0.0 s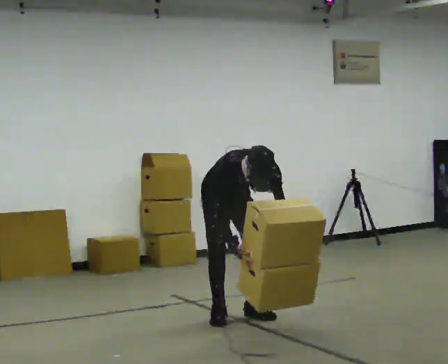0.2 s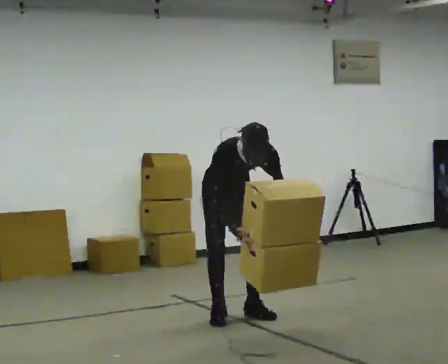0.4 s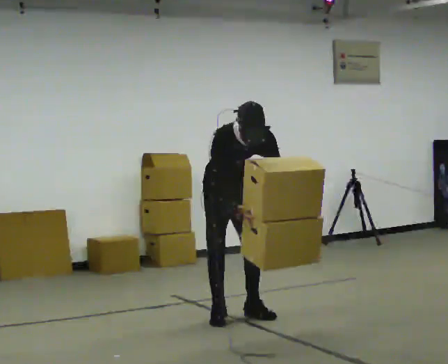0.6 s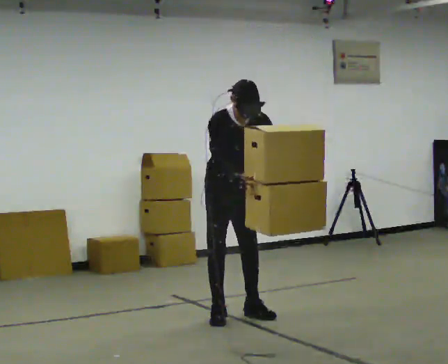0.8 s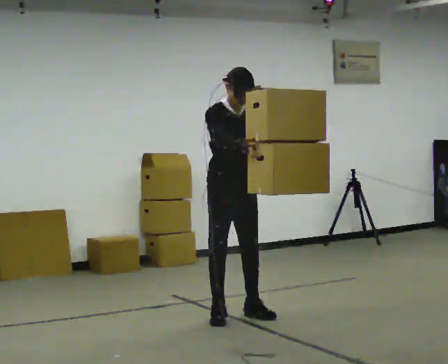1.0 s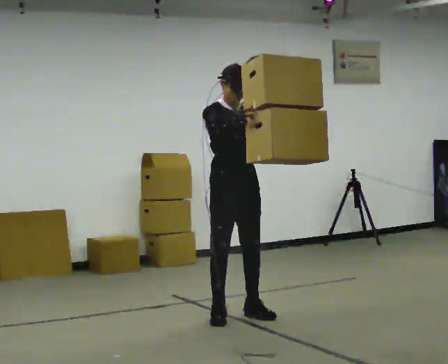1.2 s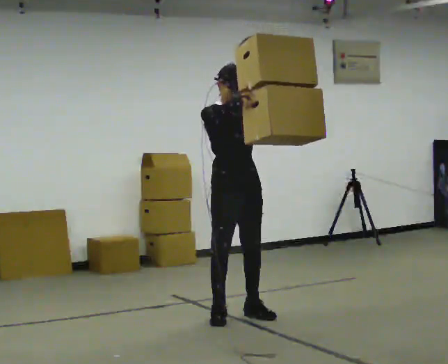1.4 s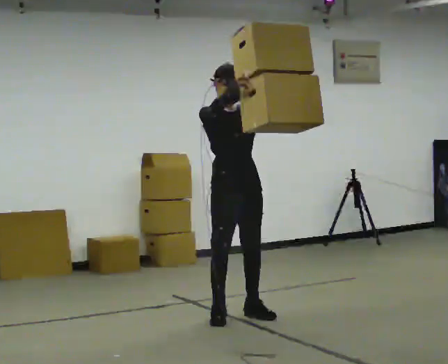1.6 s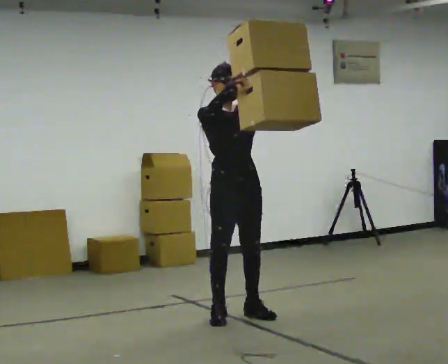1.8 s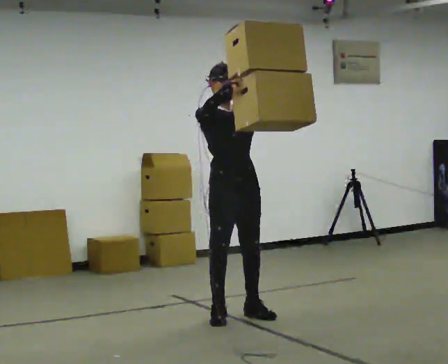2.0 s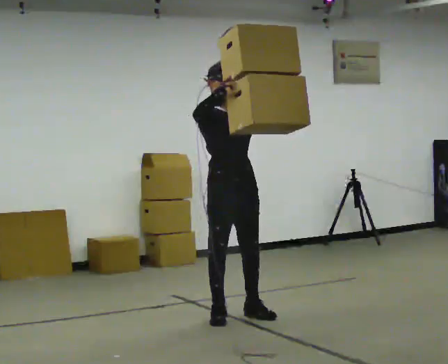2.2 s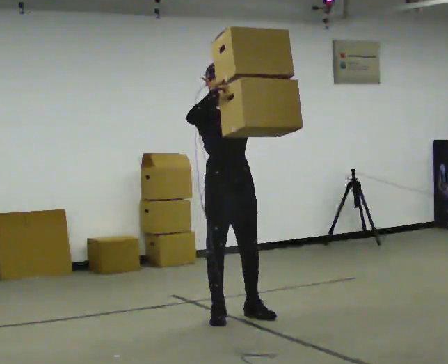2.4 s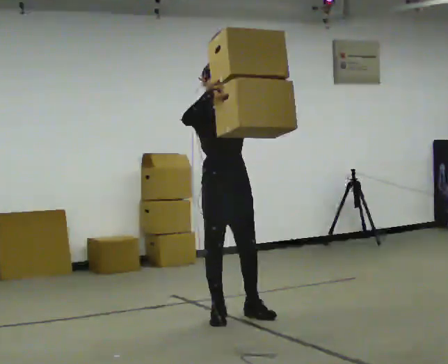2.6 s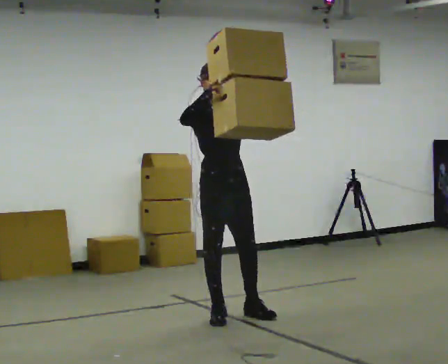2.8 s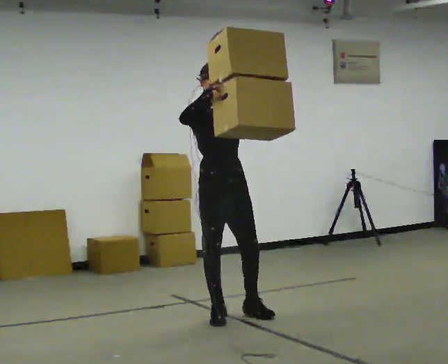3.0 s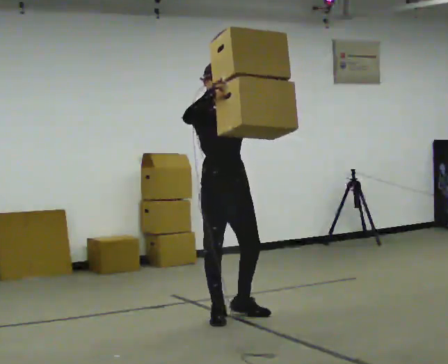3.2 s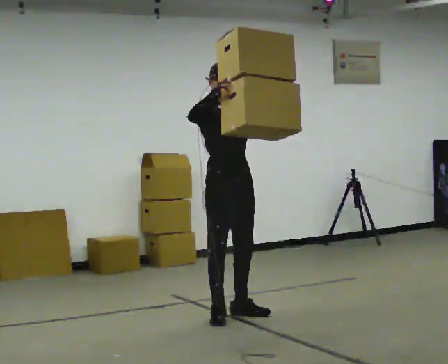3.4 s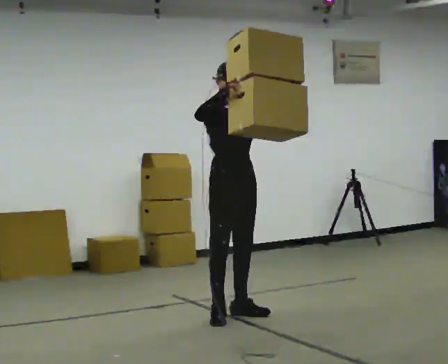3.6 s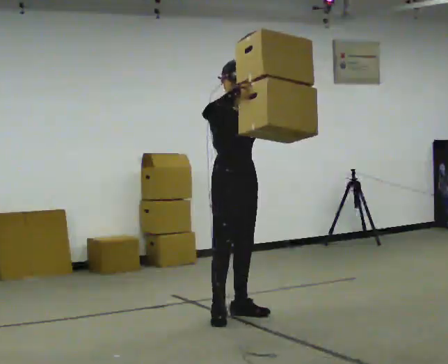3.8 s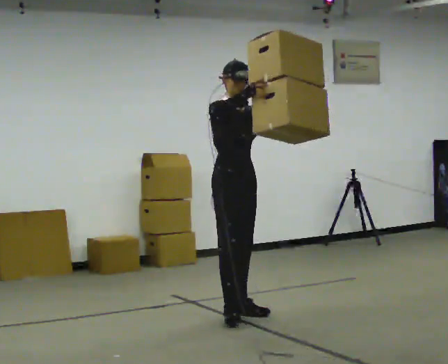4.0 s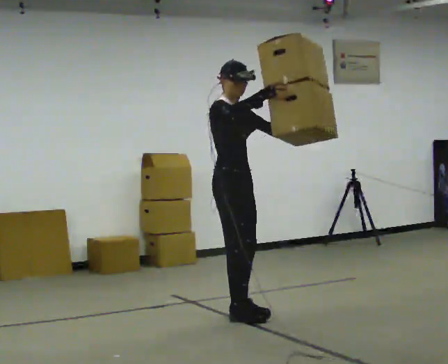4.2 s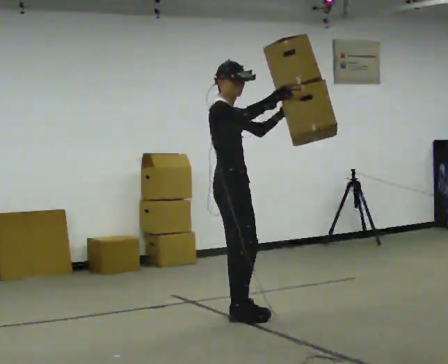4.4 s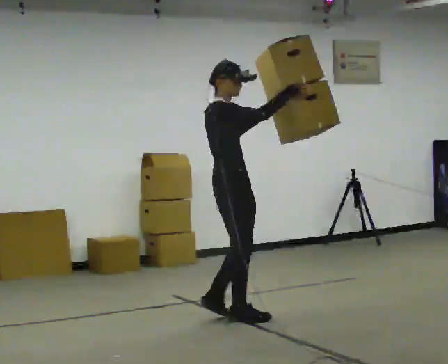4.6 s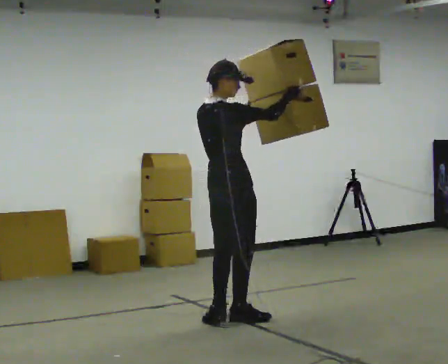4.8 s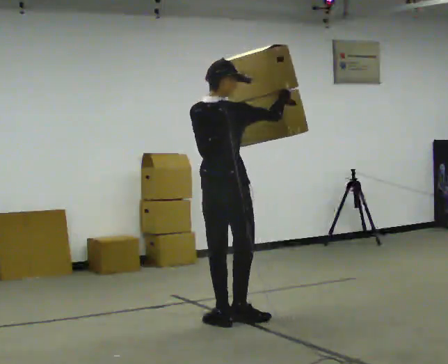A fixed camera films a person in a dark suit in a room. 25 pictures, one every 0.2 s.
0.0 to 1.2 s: The upper body goes upward. The upper body tips away from the camera, its near side rolling upward, as they lean back or straighten. In the picture their right hand goes upward.
1.2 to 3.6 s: The person moves a little, or ends about where they began.
3.6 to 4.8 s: The person turns about 105 degrees to their left, counterclockwise seen from above, so the part of the body nearest the lens slides to the right. In the picture they go toward the camera, about 0.25 m in 1 step. In the picture their right hand goes to the right.
The film runs backward here.
